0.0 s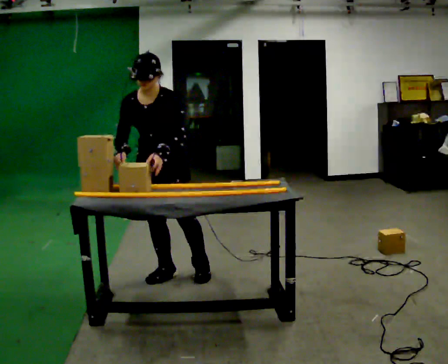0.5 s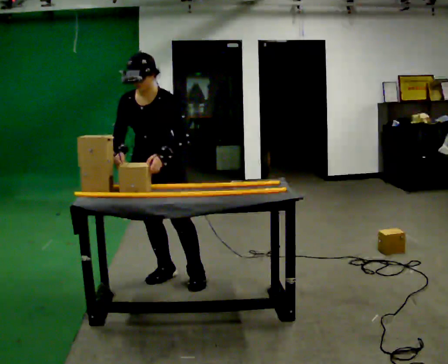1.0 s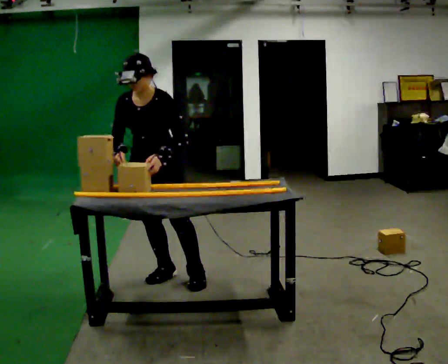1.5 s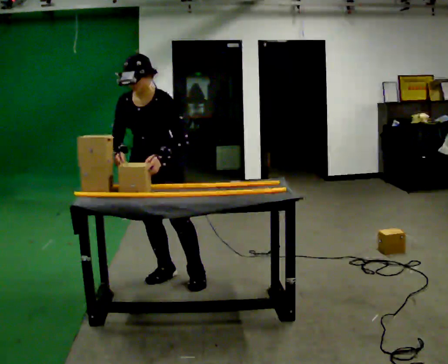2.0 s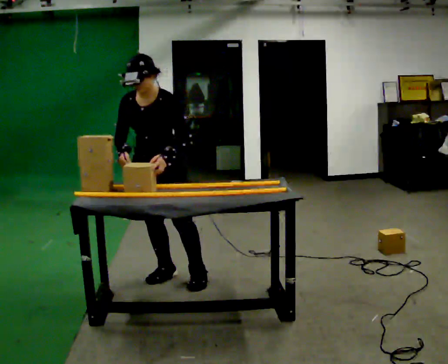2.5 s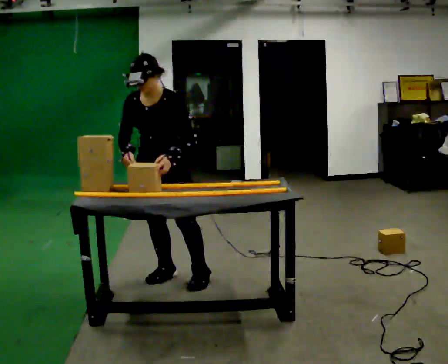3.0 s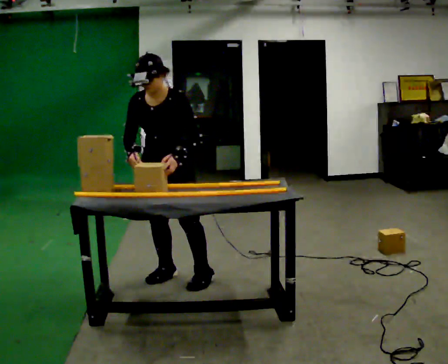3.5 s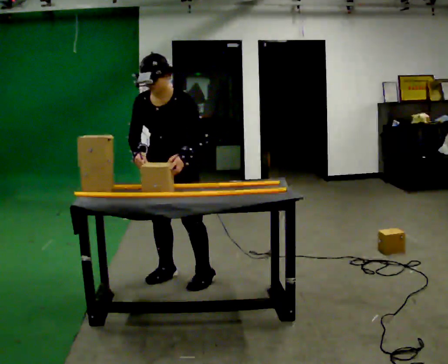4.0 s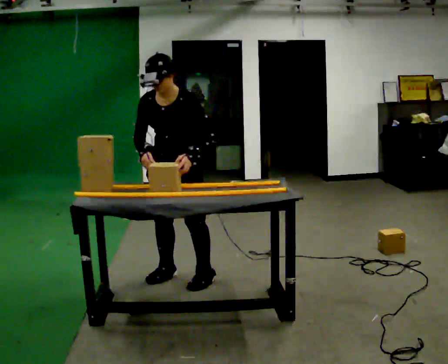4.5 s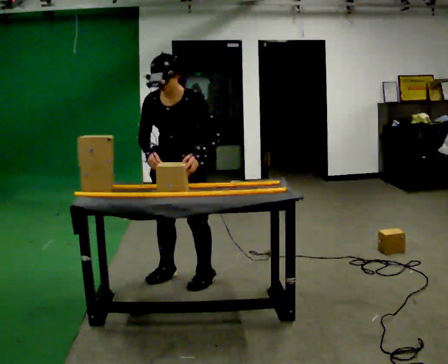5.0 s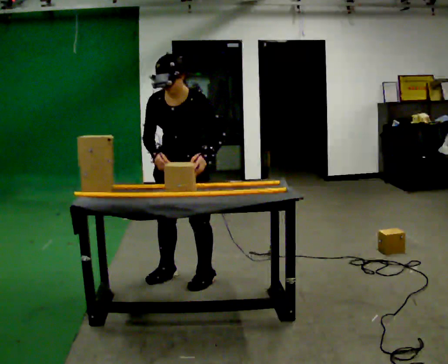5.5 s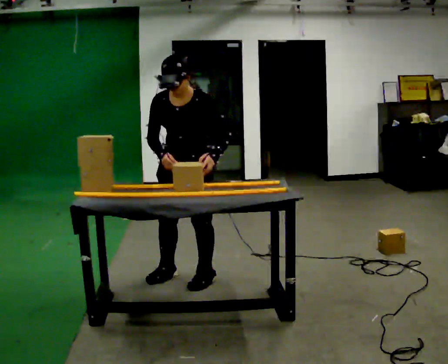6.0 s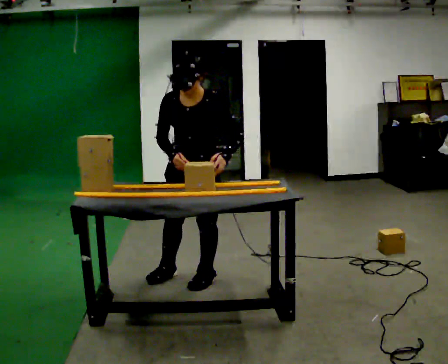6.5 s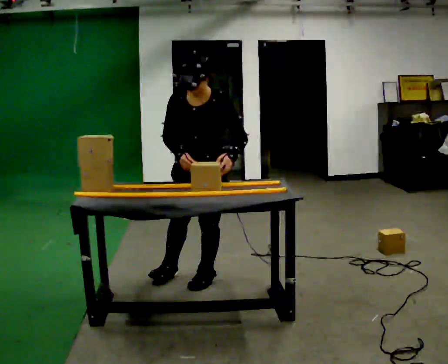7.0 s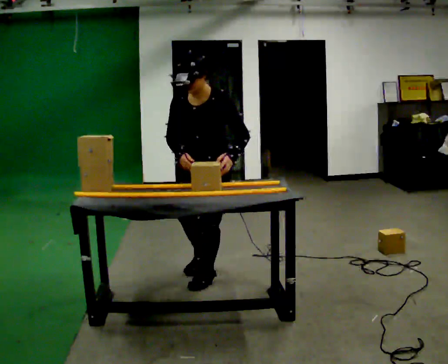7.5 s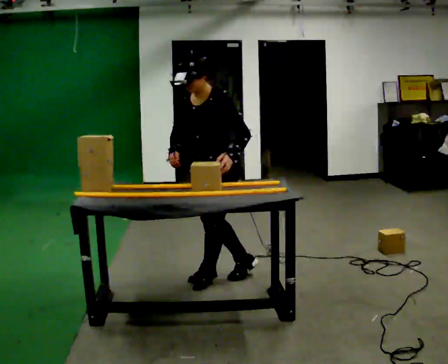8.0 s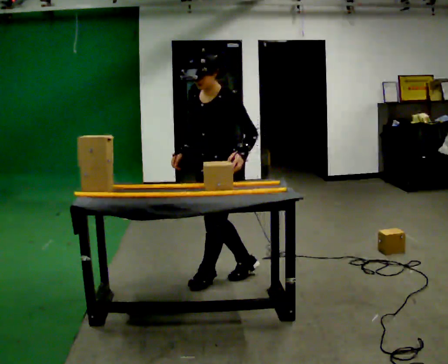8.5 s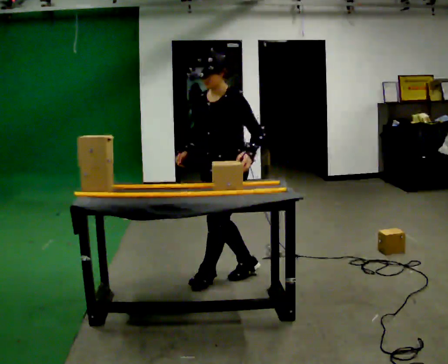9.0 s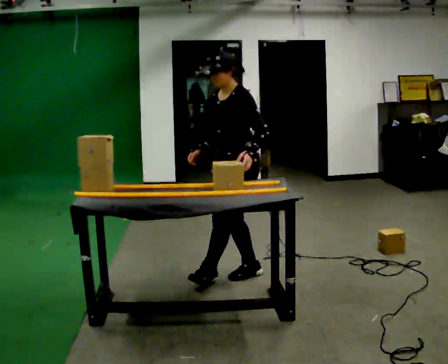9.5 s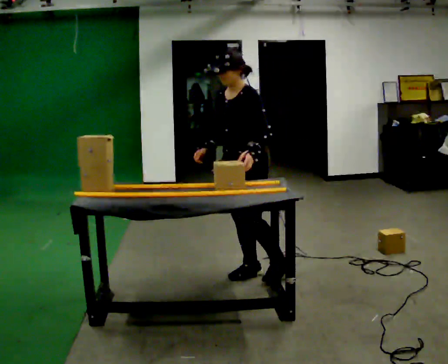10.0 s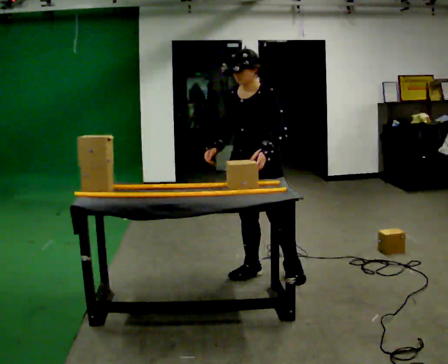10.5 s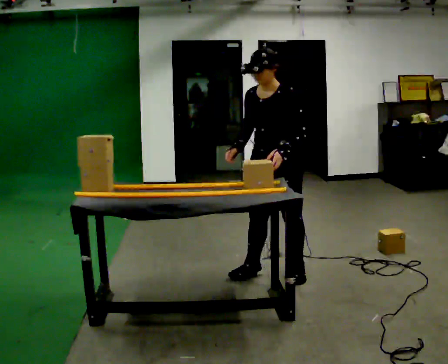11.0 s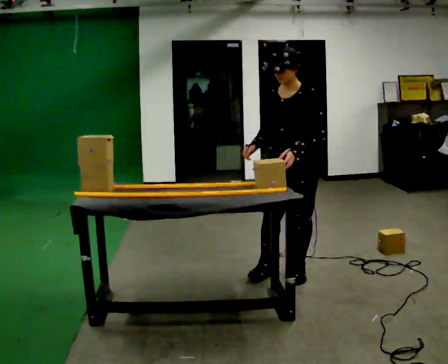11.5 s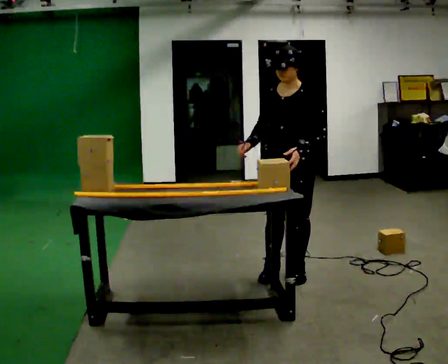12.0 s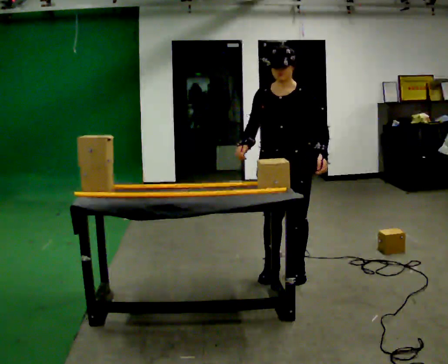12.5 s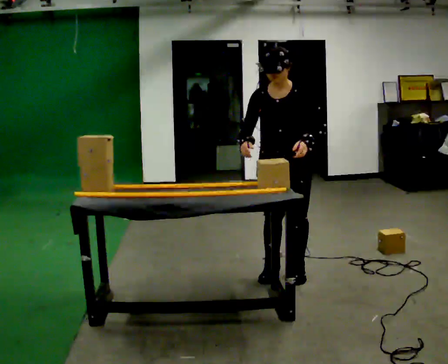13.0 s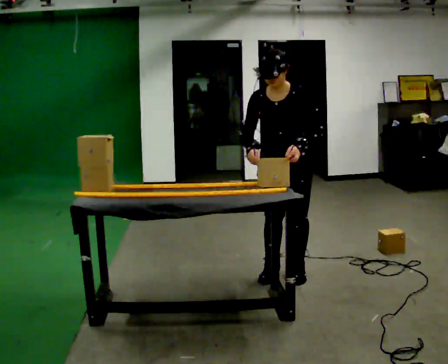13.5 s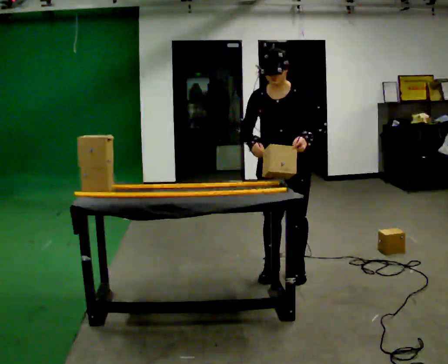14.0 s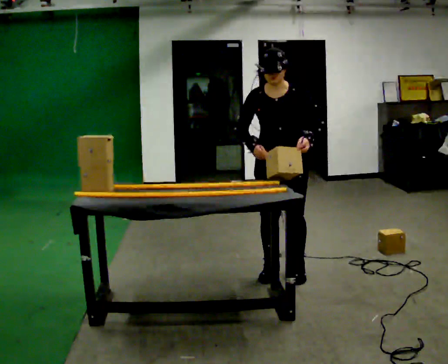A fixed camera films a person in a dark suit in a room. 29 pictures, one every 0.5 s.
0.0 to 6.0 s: In the picture they go to the right, about 0.25 m, which for them is to their left. In the picture their left hand goes to the right.
6.0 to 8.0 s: Seen from above the body turns clockwise, about 30 degrees: to their right, with its near side sliding to the left. In the picture they go to the right, about 0.25 m in 1 step, which for them is to their left.
8.0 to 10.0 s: In the picture they go to the right, about 0.25 m in 1 step, which for them is backward.
10.0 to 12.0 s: In the picture they go to the right, about 0.25 m, which for them is to their left. In the picture their left hand goes to the right.
12.0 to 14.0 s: The person moves a little, or ends about where they began.
The film runs backward here.
